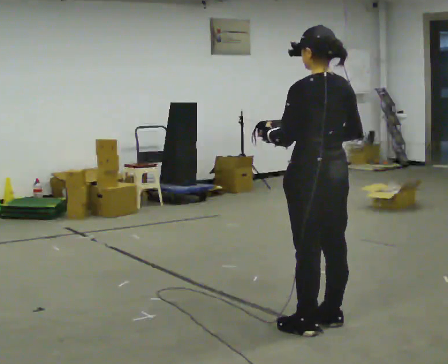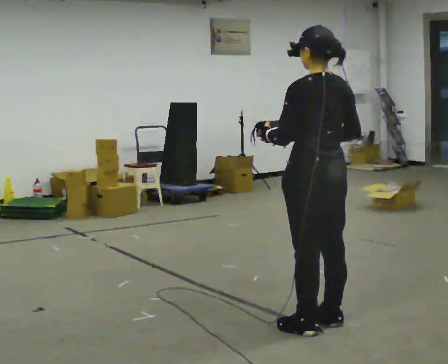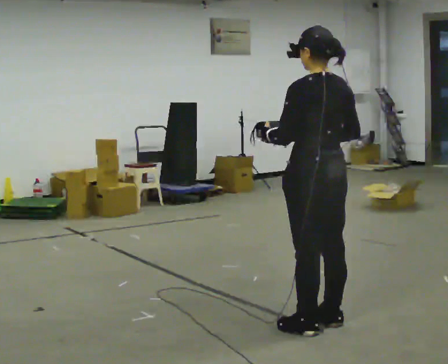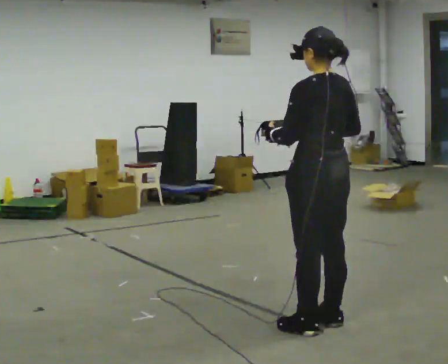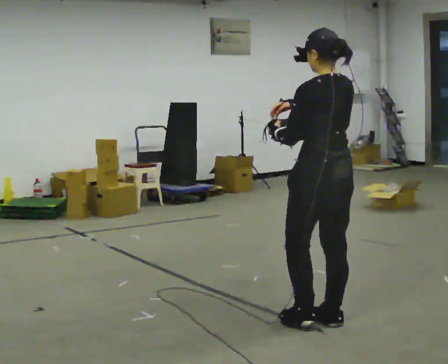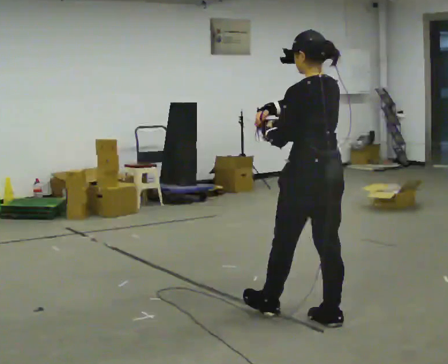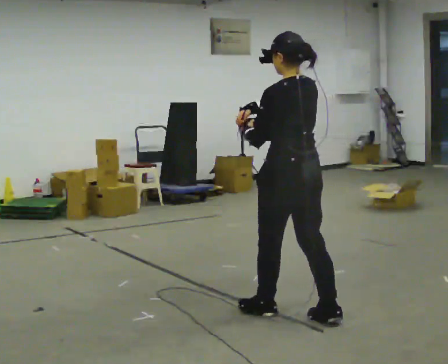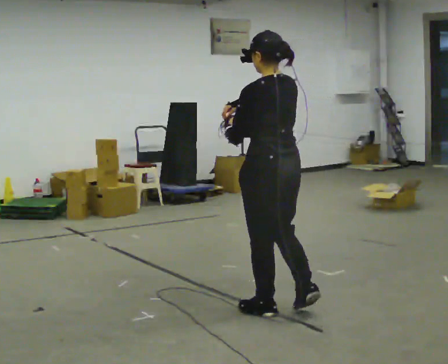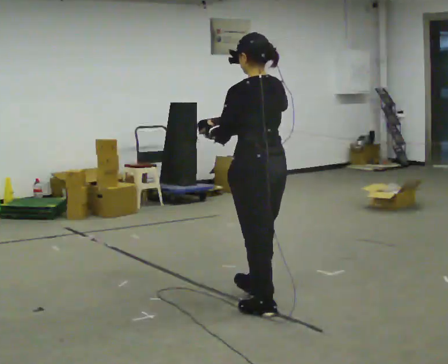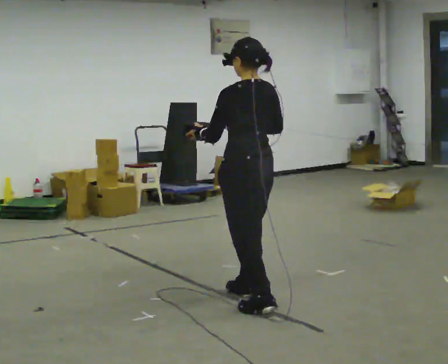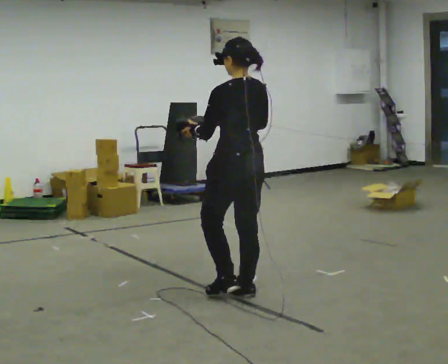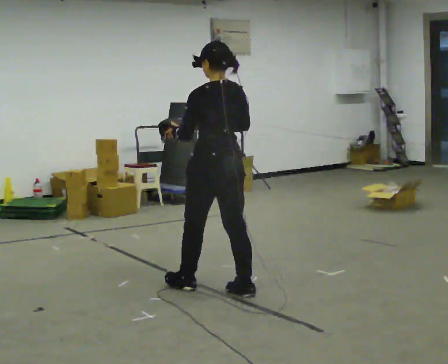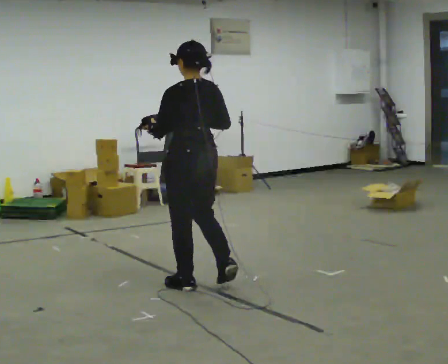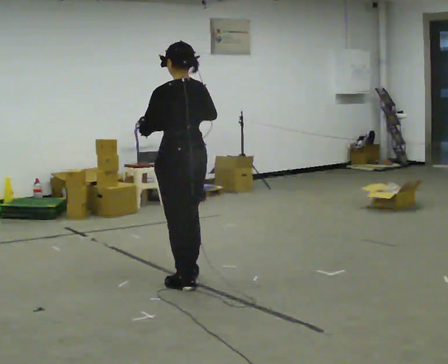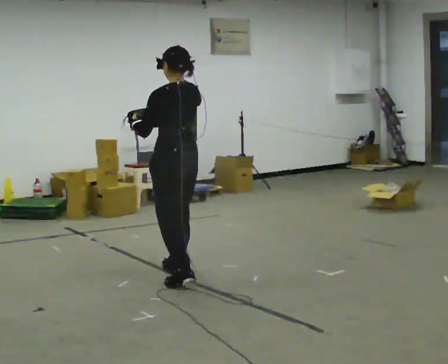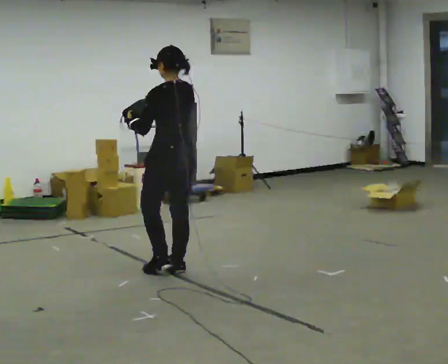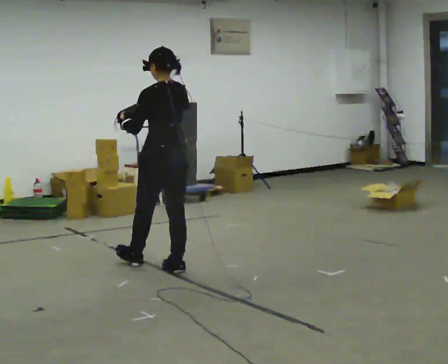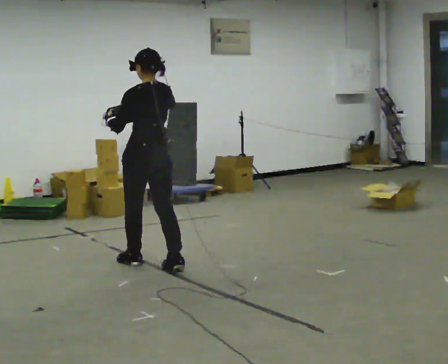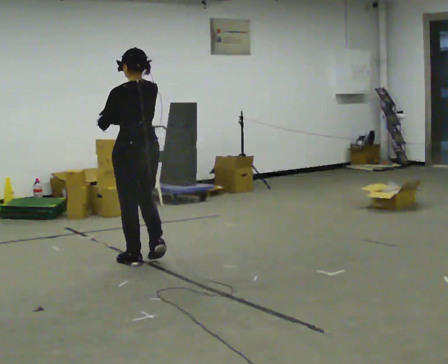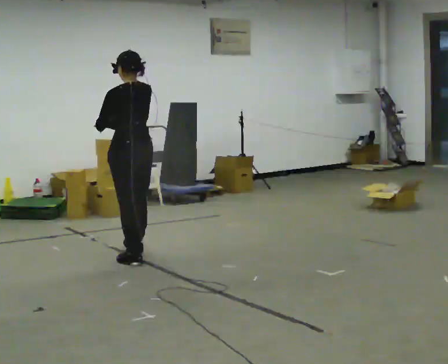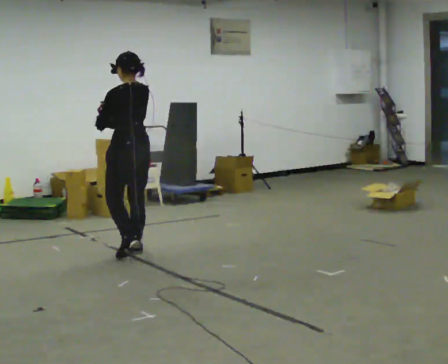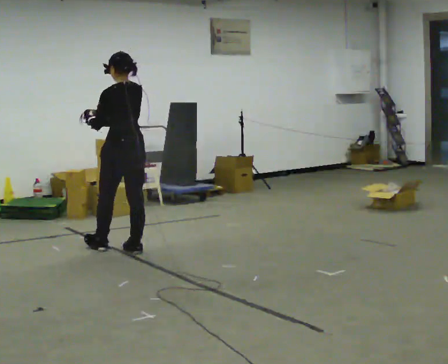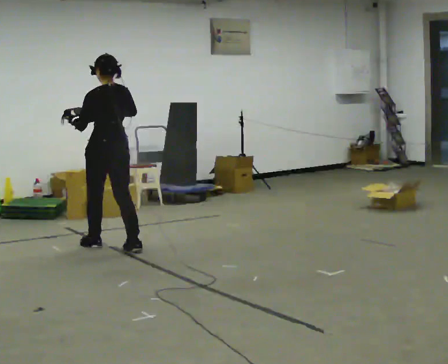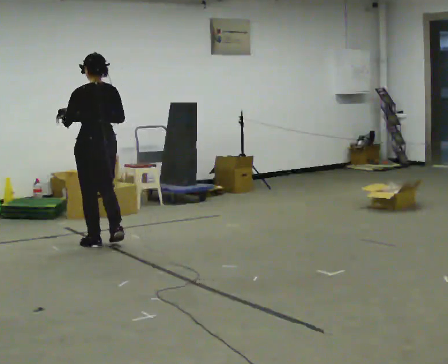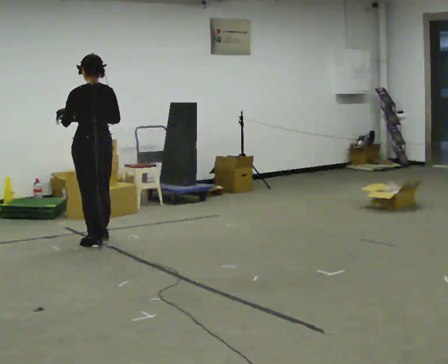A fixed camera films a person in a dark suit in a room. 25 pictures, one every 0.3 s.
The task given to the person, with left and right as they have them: Carry the bag and, while walking, undo the buckle or zip, then do it up again. Keep repeating as you walk. Do not stop.
0.0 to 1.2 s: The person moves a little, or ends about where they began.
1.2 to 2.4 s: In the picture they go to the left and away from the camera, about 0.5 m in 1 step, which for them is forward.
2.4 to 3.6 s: In the picture they go away from the camera and to the left, about 0.75 m in 2 steps, which for them is forward.
3.6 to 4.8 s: In the picture they go away from the camera and to the left, about 0.5 m in 1 step, which for them is forward.
4.8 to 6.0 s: In the picture they go away from the camera and to the left, about 0.5 m in 2 steps, which for them is forward.
6.0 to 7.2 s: In the picture they go to the left and away from the camera, about 0.5 m in 1 step, which for them is forward.
The film runs forward here.
